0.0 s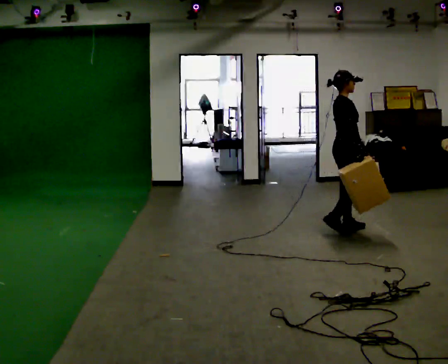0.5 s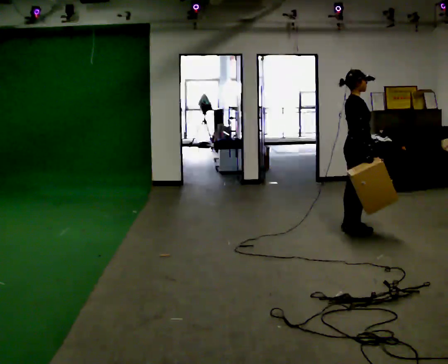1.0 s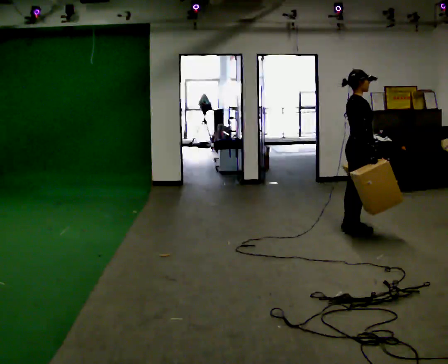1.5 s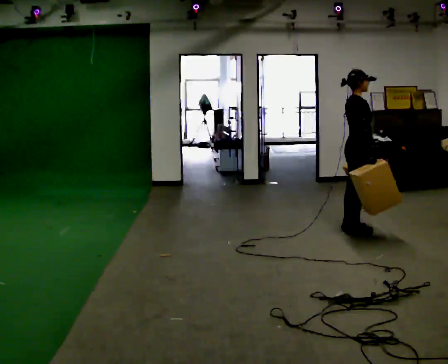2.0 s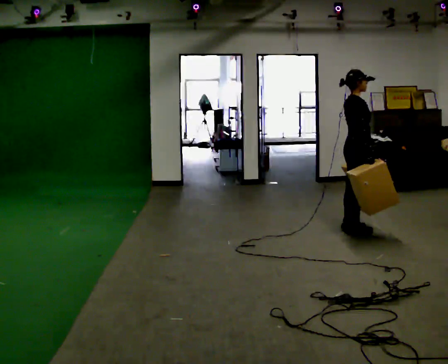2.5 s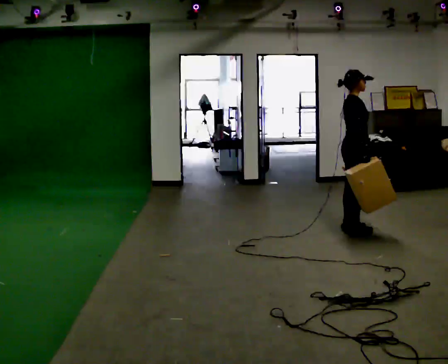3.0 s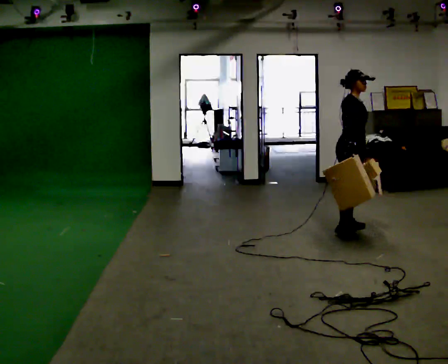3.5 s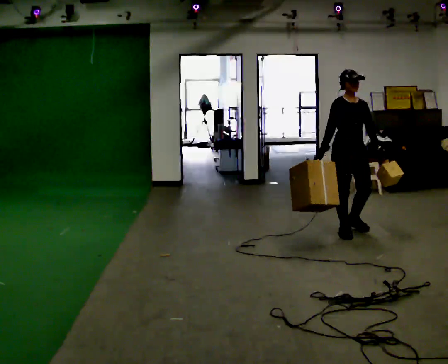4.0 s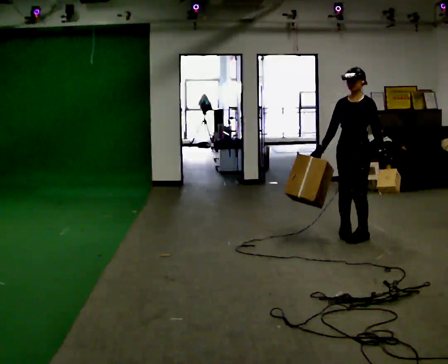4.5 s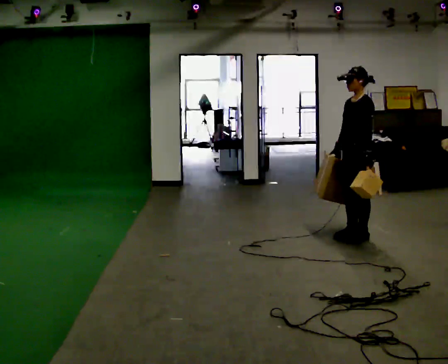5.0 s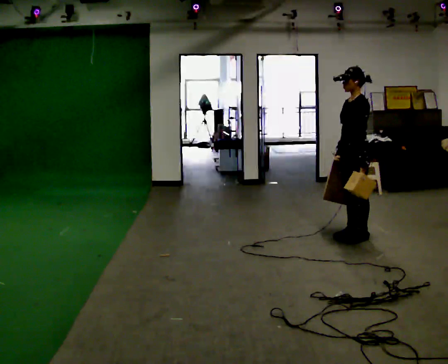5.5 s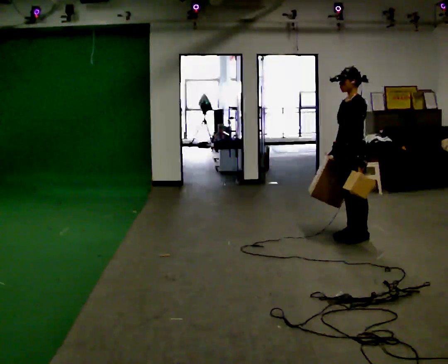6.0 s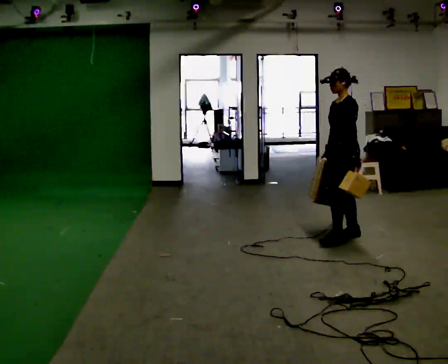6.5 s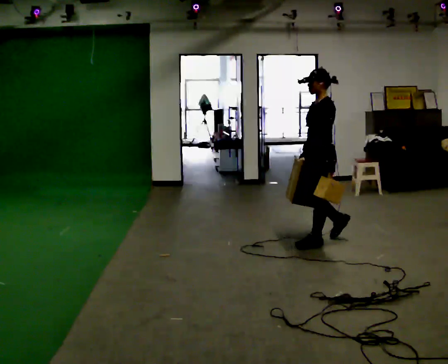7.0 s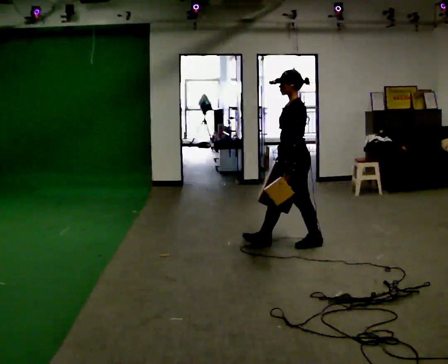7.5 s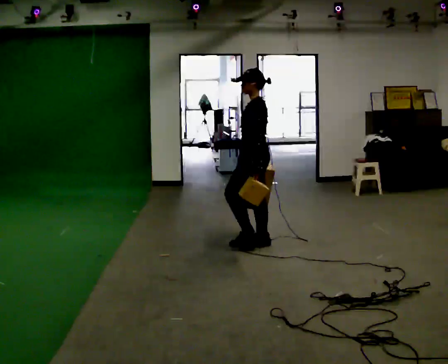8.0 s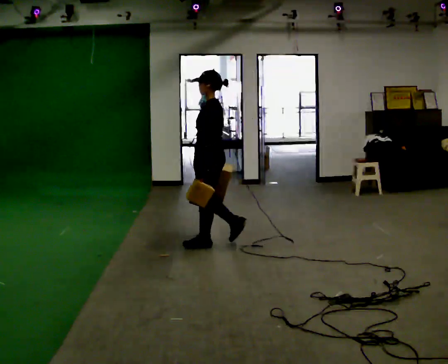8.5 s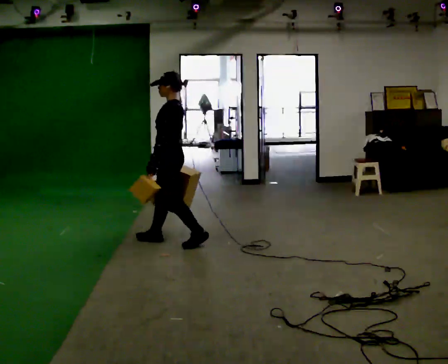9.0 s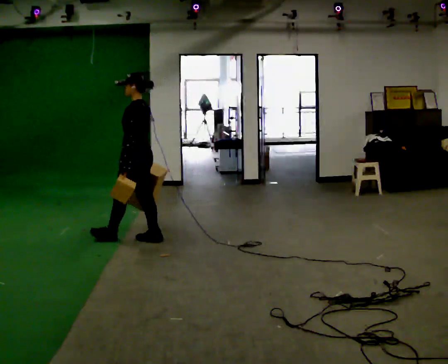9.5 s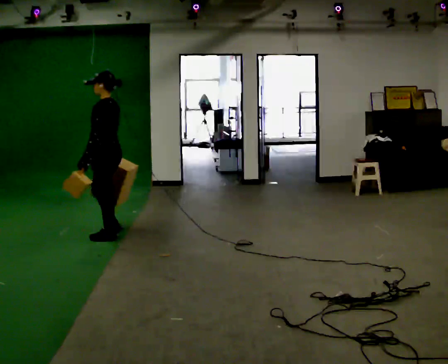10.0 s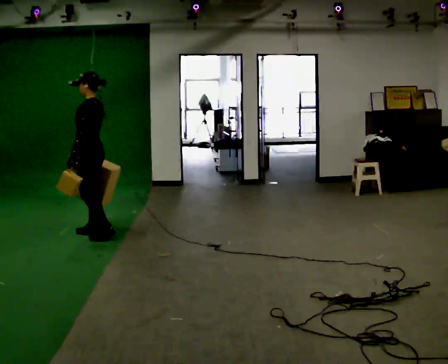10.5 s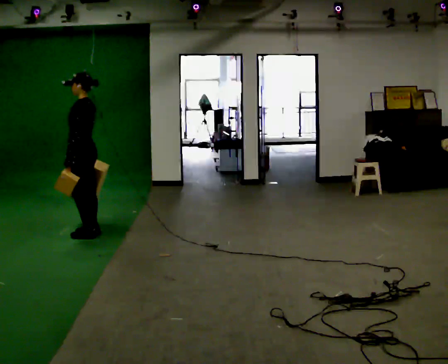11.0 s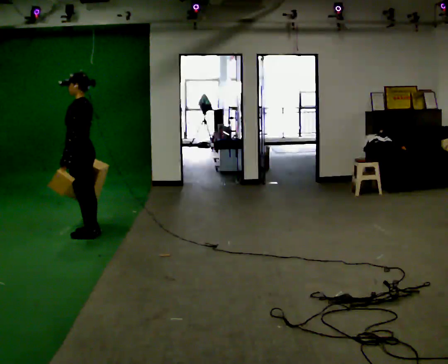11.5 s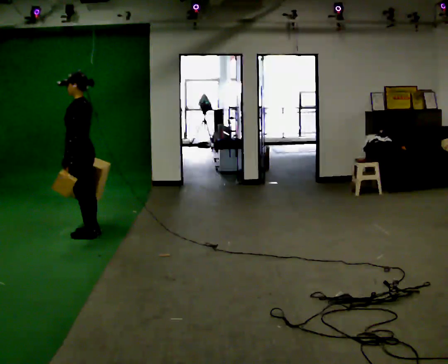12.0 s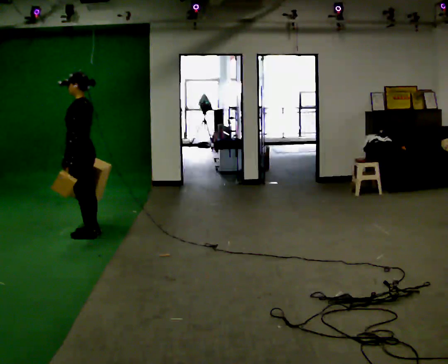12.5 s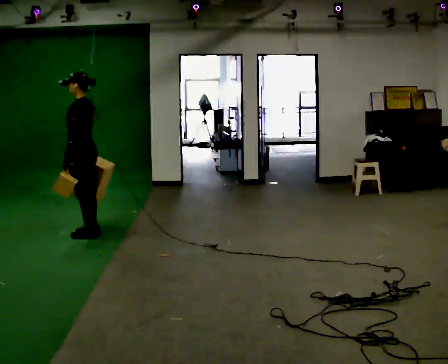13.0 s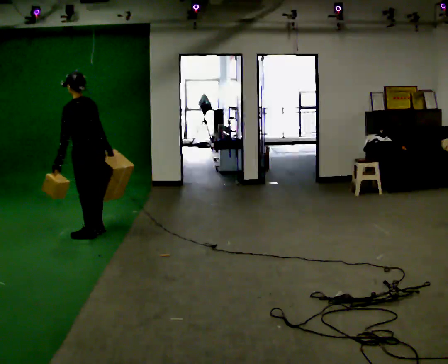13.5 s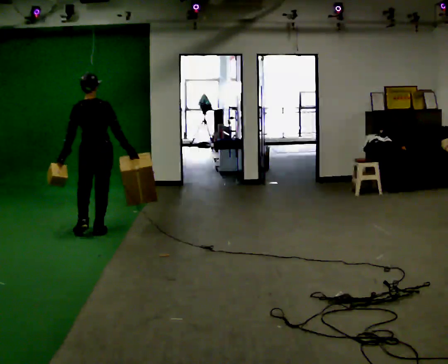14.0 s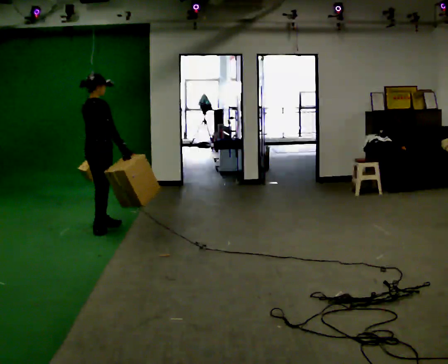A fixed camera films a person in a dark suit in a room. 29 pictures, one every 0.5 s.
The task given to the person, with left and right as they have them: Carry one object in each hand, the heavy one in the hand the operator calls, walking back and forth across the room.
0.0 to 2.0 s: The person moves a little, or ends about where they began.
2.0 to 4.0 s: The part of the body nearest the lens slides to the left as the person turns to their right by about 135 degrees. In the picture they go toward the camera, about 0.25 m in 1 step. In the picture their right hand goes to the left, the arm swinging clockwise.
4.0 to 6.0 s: The person turns about 45 degrees to their right, clockwise seen from above, so the part of the body nearest the lens slides to the left.
6.0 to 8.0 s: In the picture they go to the left, about 1 m in 3 steps, which for them is forward.
8.0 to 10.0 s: In the picture they go to the left, about 1 m in 4 steps, which for them is forward.
10.0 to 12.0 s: The person moves a little, or ends about where they began.
12.0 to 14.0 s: The part of the body nearest the lens slides to the left as the person turns to their right by about 135 degrees. In the picture they go away from the camera, about 0.25 m in 2 steps.
The film runs forward here.
